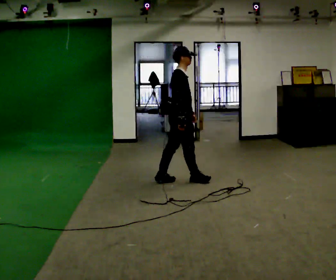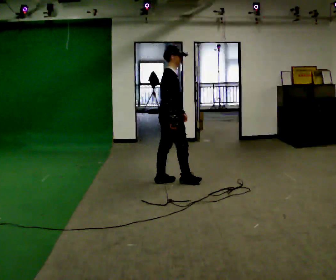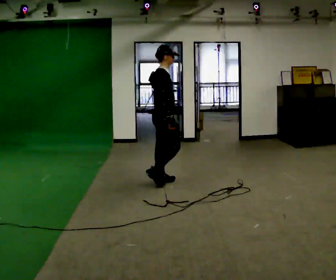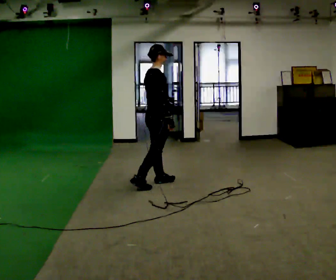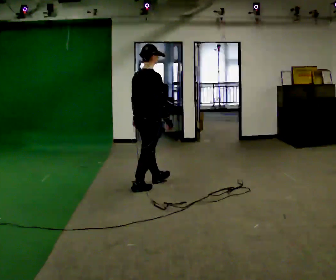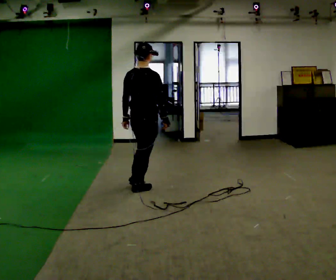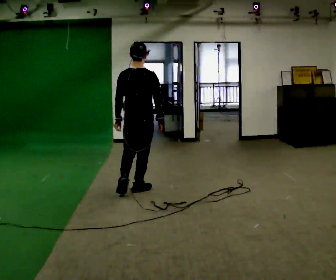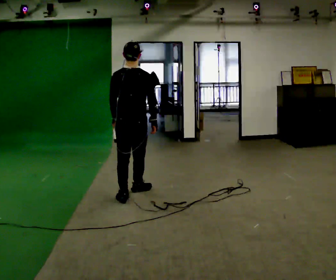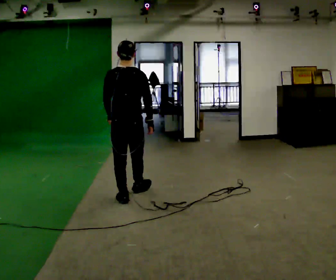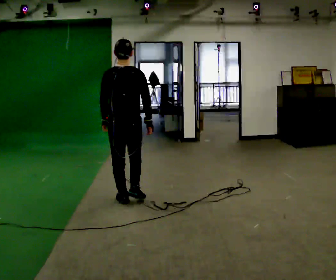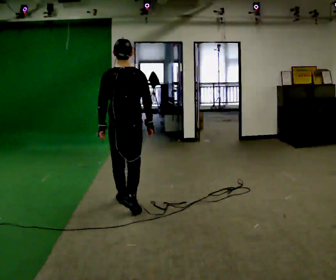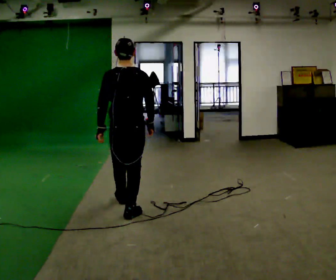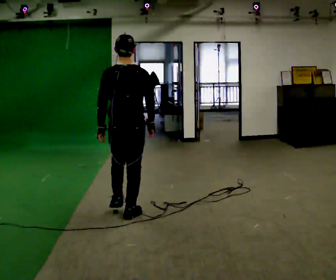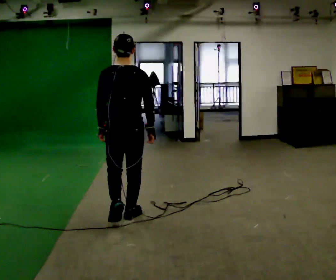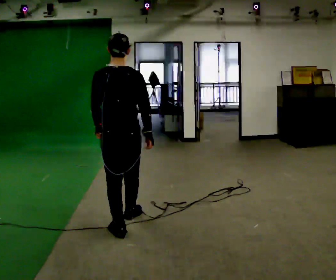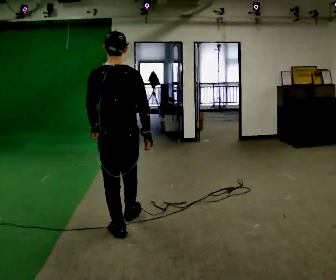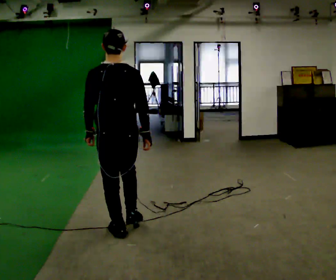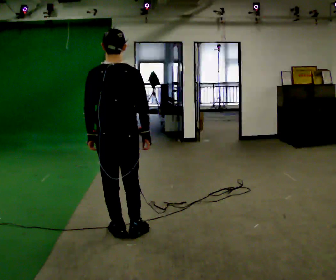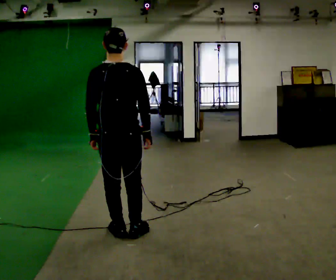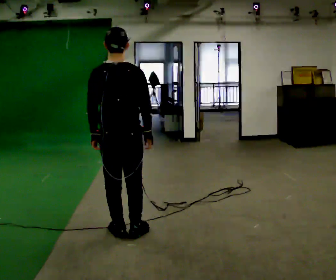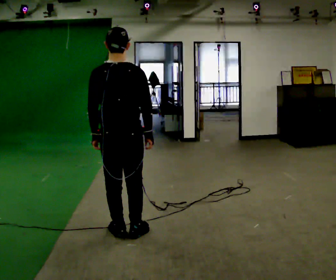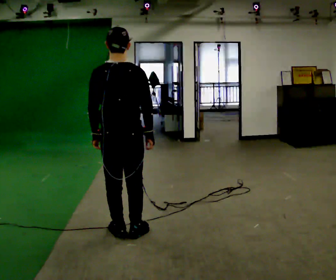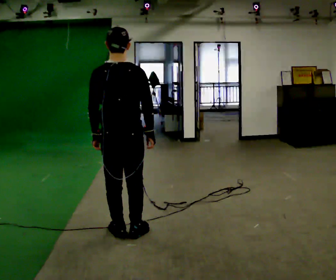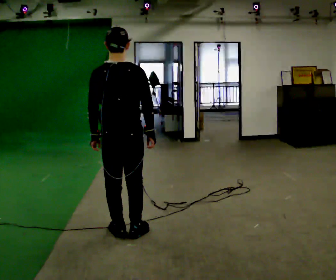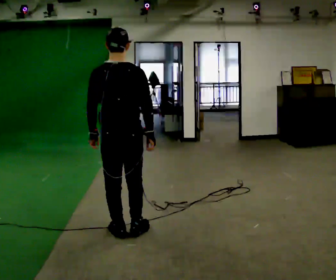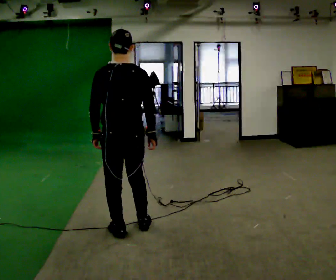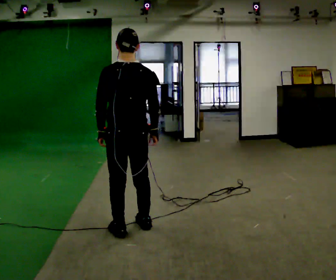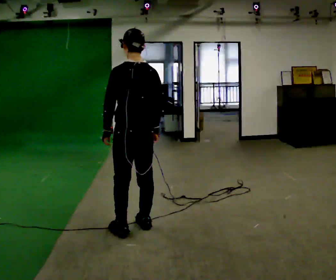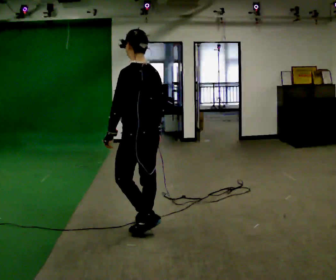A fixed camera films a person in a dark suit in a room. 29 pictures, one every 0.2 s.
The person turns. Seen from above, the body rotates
counterclockwise.
The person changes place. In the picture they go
toward the camera.
0.0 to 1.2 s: The person turns about 75 degrees to their left, counterclockwise seen from above, so the part of the body nearest the lens slides to the right. In the picture they go to the left and toward the camera, about 0.75 m in 2 steps.
1.2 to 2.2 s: In the picture they go toward the camera, about 0.5 m in 1 step, which for them is backward.
2.2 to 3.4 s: In the picture they go toward the camera, about 0.5 m in 2 steps, which for them is backward.
3.4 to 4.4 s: The person moves a little, or ends about where they began.
4.4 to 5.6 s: The part of the body nearest the lens slides to the right as the person turns to their left by about 45 degrees. In the picture they go to the right, about 0.25 m in 2 steps, which for them is to their right.
The film runs backward here.
